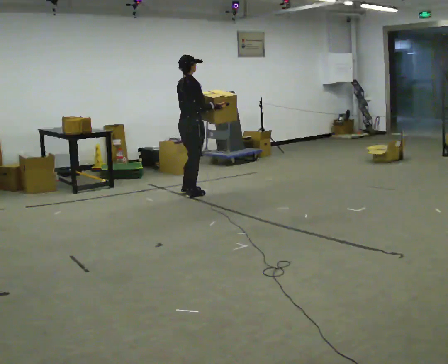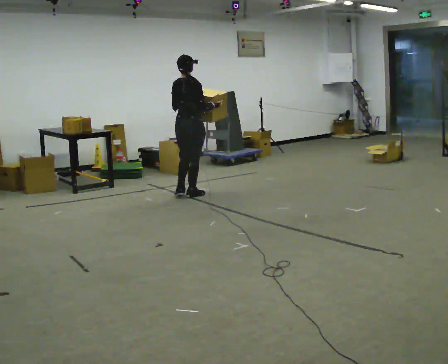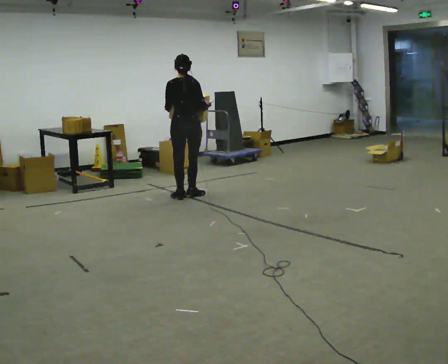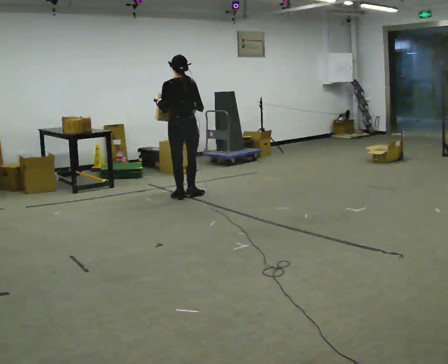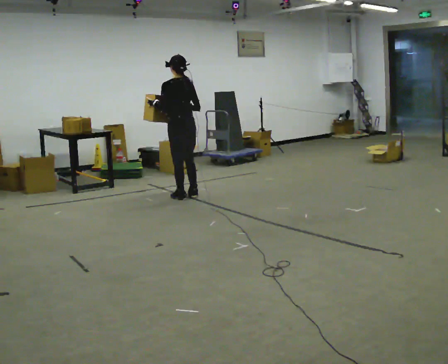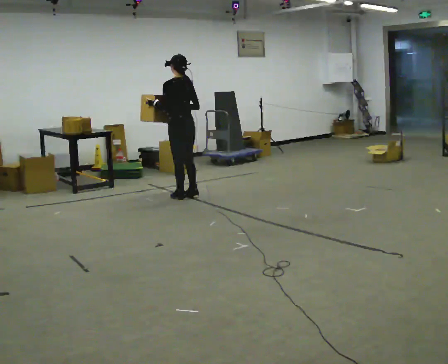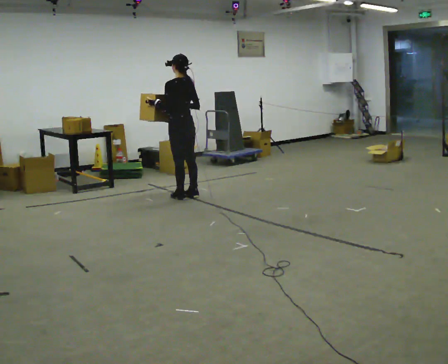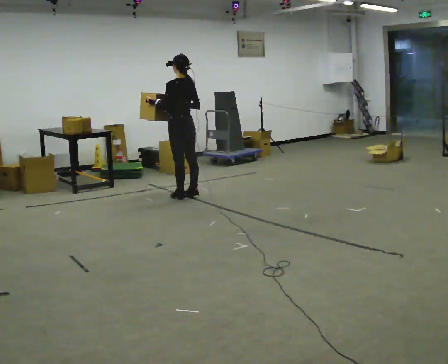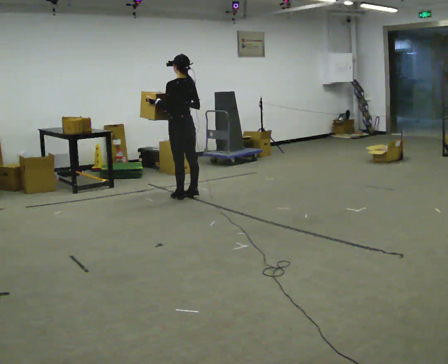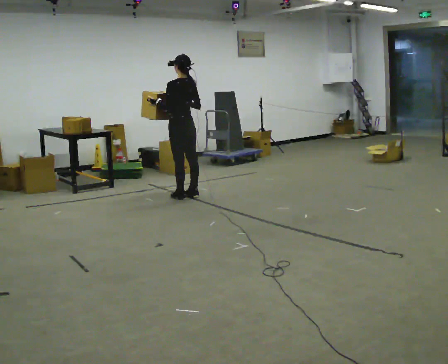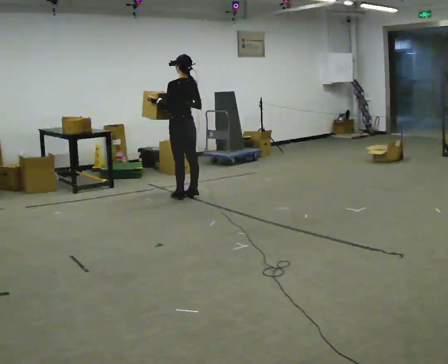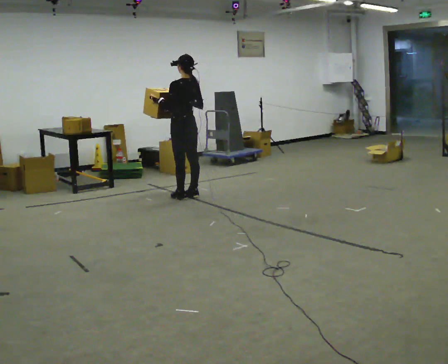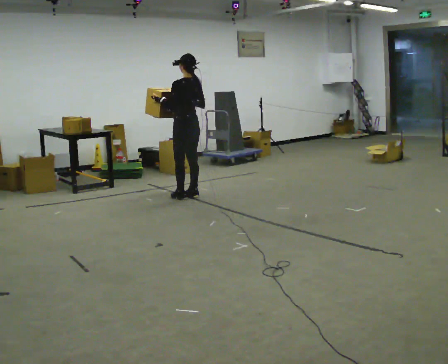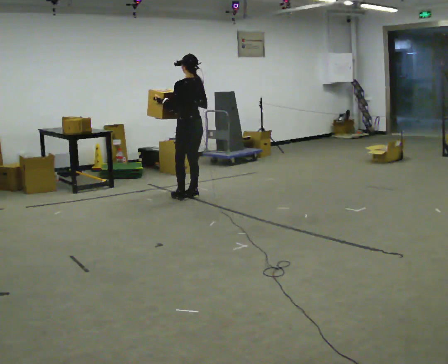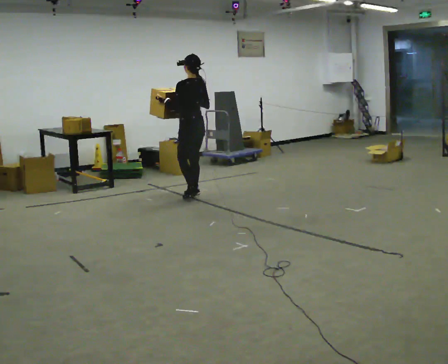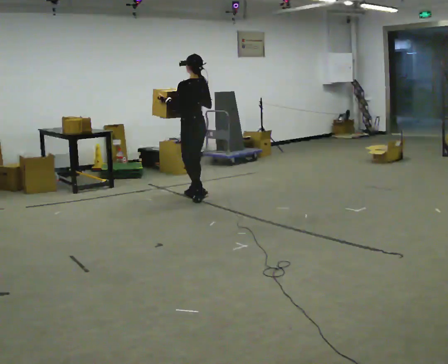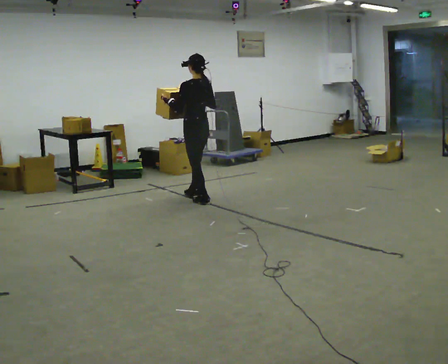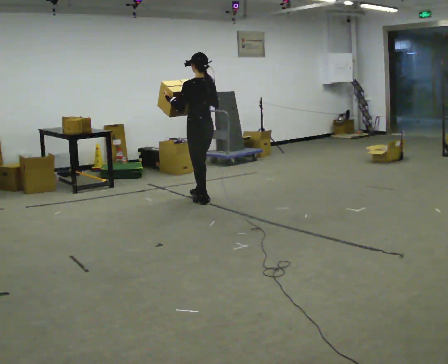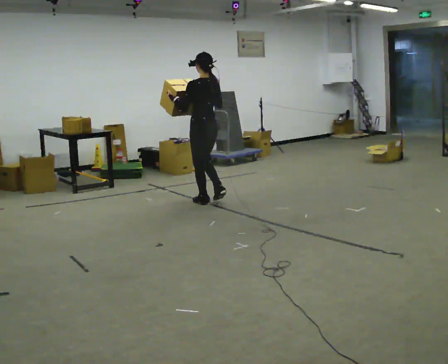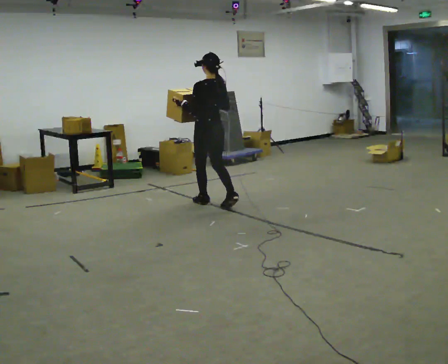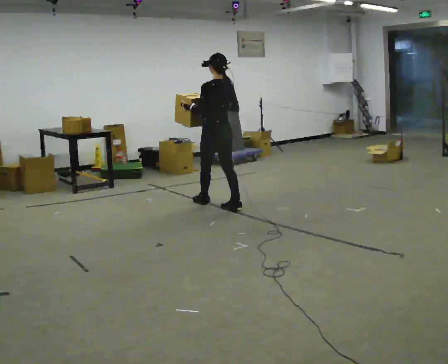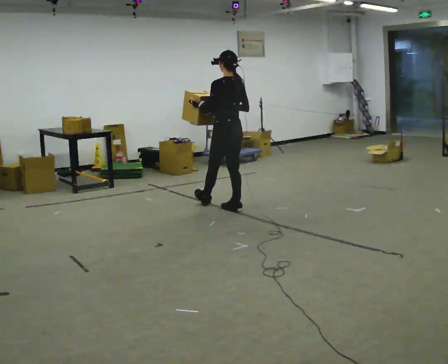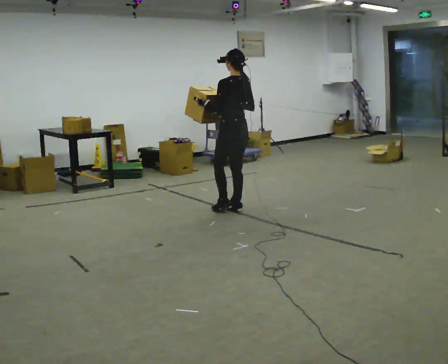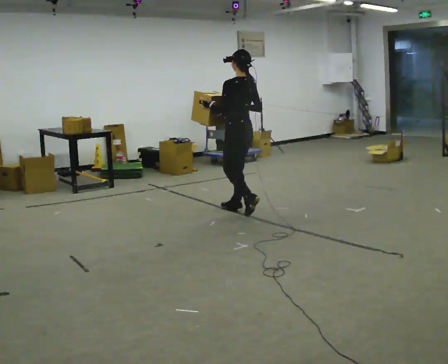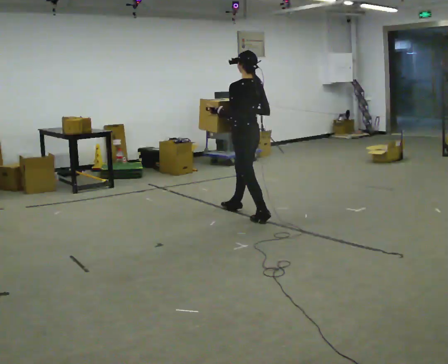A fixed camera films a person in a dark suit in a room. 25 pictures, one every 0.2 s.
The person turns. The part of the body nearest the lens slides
to the right.
The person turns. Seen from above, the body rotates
counterclockwise.
0.0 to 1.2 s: The part of the body nearest the lens slides to the right as the person turns to their left by about 105 degrees.
1.2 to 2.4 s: The person moves a little, or ends about where they began.
2.4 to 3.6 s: In the picture they go toward the camera and to the right, about 0.5 m in 2 steps, which for them is backward.
3.6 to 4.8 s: In the picture they go toward the camera and to the right, about 0.75 m in 1 step, which for them is backward.
The film runs backward here.
